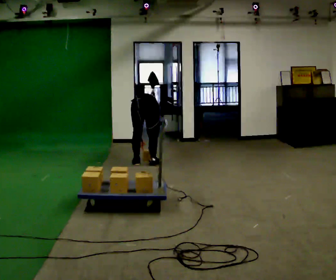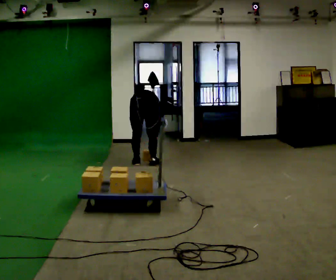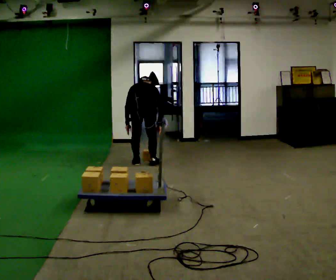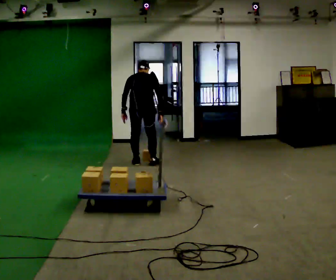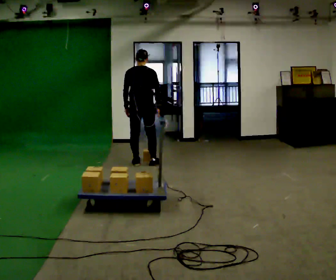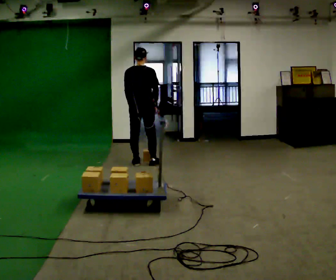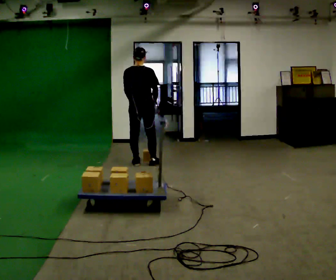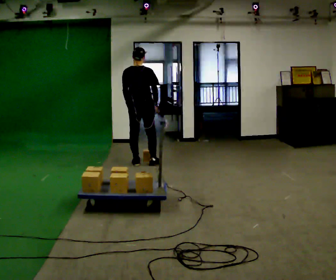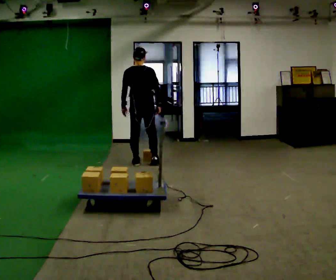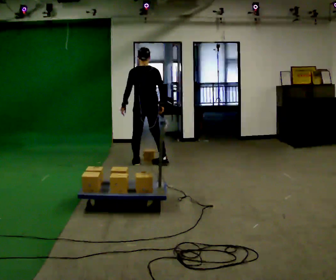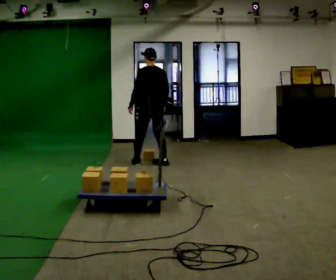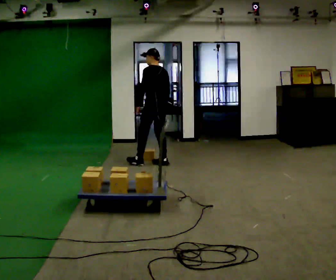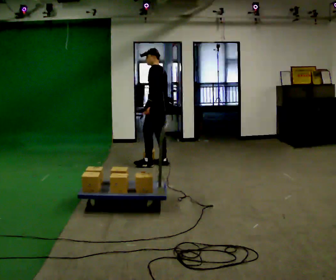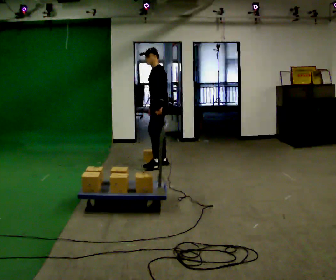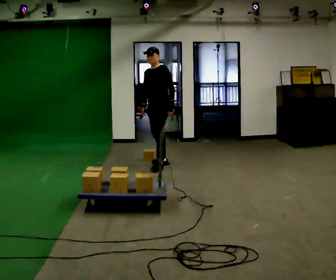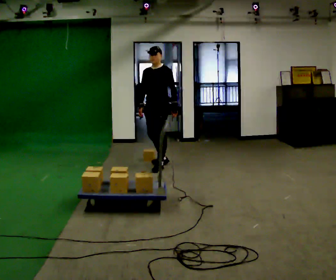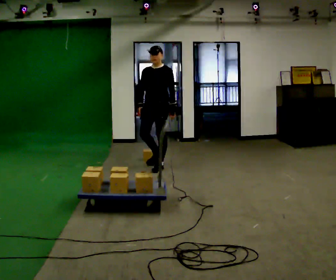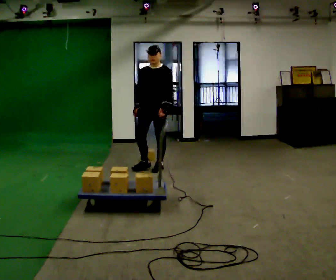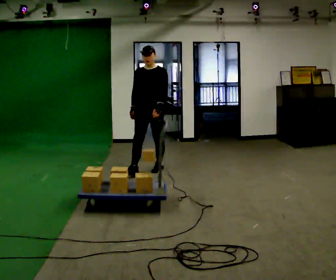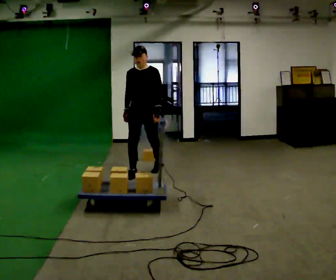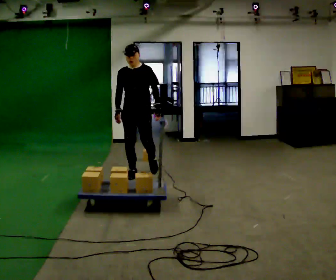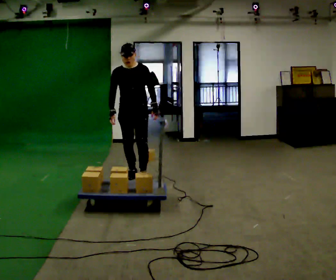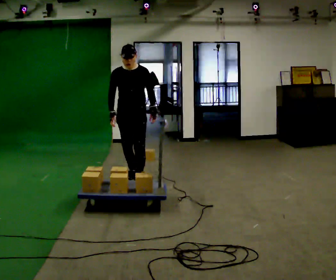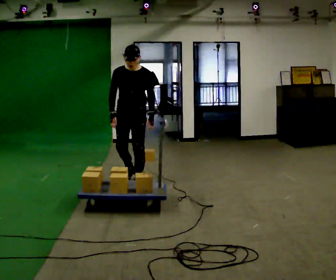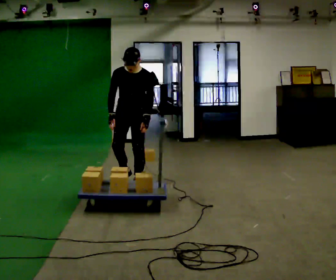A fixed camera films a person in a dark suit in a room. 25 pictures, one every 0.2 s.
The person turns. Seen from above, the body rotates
counterclockwise.
The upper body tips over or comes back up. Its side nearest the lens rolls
downward.
0.0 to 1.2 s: In the picture they go away from the camera, about 0.25 m, which for them is forward. The upper body goes upward. The upper body tips toward the camera, its near side rolling downward, as they lean back or straighten. In the picture their left hand goes upward.
1.2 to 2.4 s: The part of the body nearest the lens slides to the right as the person turns to their left by about 75 degrees. In the picture they go to the right, about 0.25 m in 1 step.
2.4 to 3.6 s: Seen from above the body turns counterclockwise, about 90 degrees: to their left, with its near side sliding to the right. In the picture they go toward the camera, about 0.5 m in 1 step.
3.6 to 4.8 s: In the picture they go toward the camera, about 0.75 m in 2 steps, which for them is forward. The upper body tips toward the camera, its near side rolling downward, as they bend forward.
The film runs forward here.
